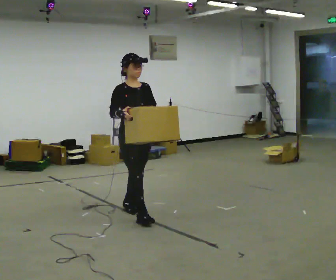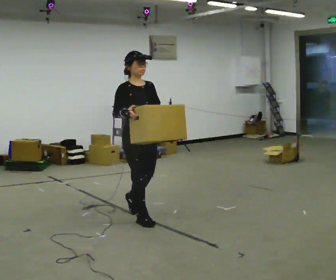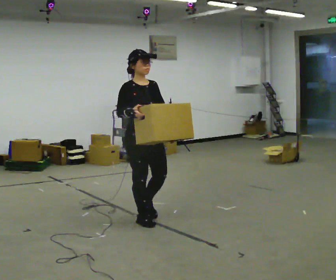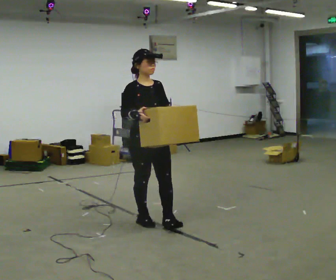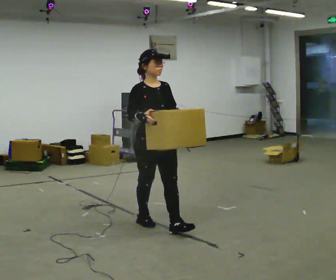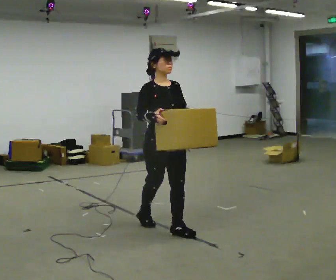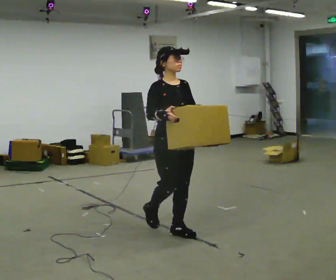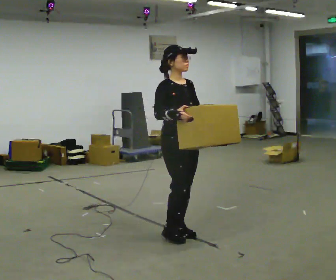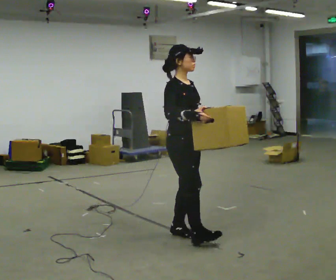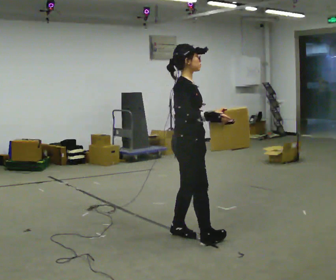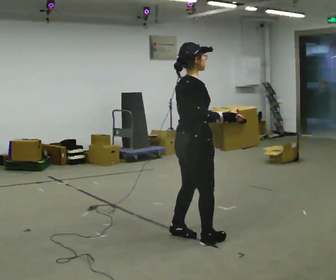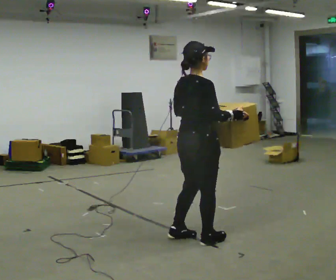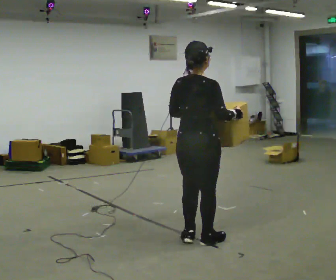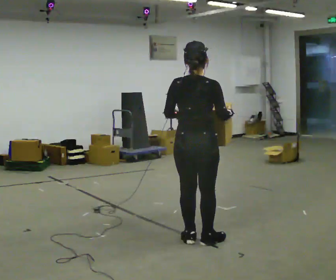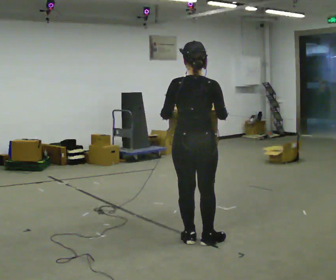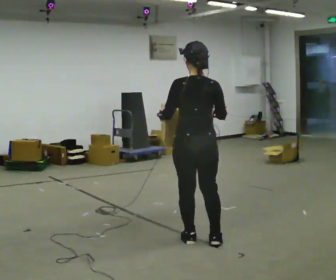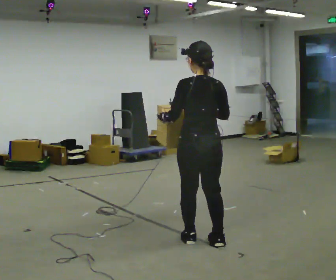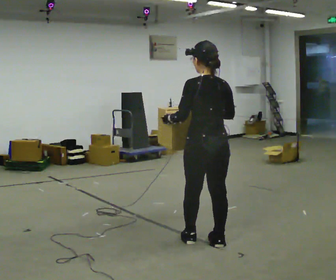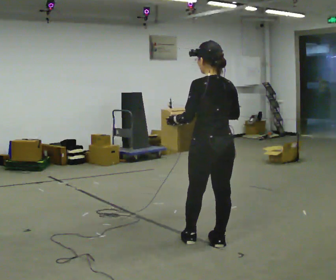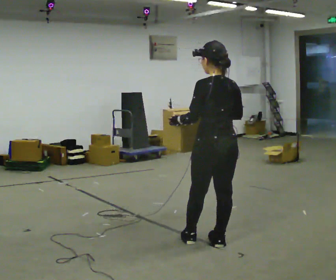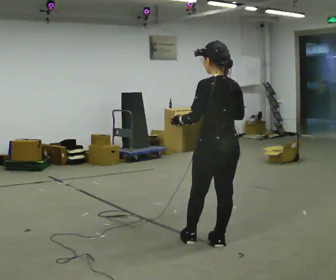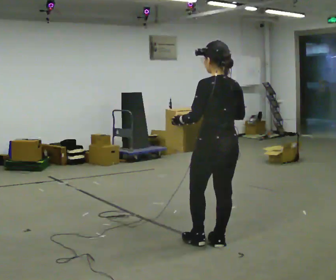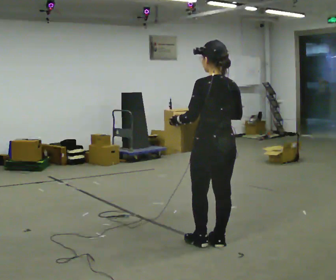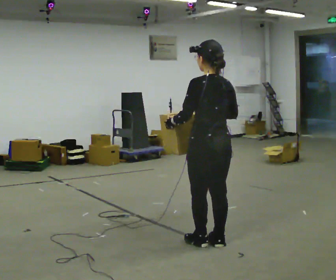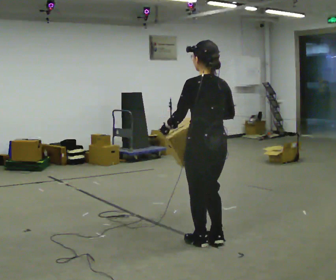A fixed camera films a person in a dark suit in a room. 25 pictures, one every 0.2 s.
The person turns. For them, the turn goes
to their left.
The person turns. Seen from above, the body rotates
counterclockwise.
0.0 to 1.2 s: In the picture they go toward the camera and to the right, about 0.75 m in 1 step, which for them is forward.
1.2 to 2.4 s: The part of the body nearest the lens slides to the right as the person turns to their left by about 120 degrees. In the picture they go toward the camera and to the right, about 0.25 m in 2 steps.
2.4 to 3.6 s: Seen from above the body turns counterclockwise, about 60 degrees: to their left, with its near side sliding to the right. In the picture they go to the right, about 0.25 m, which for them is to their right.
3.6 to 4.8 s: The person moves a little, or ends about where they began.
The film runs forward here.
